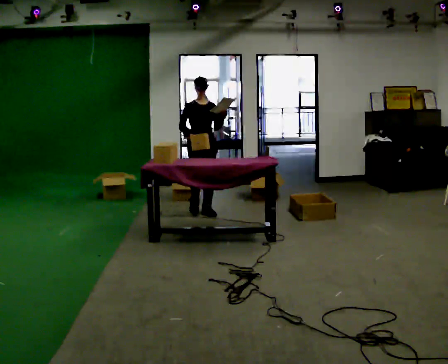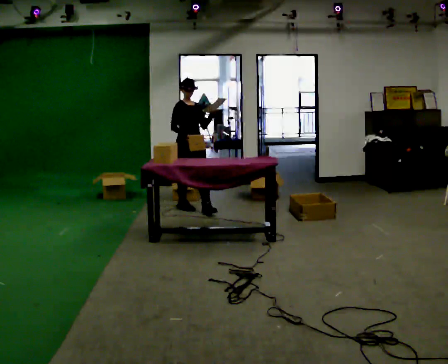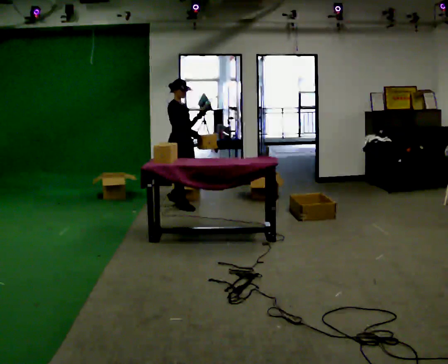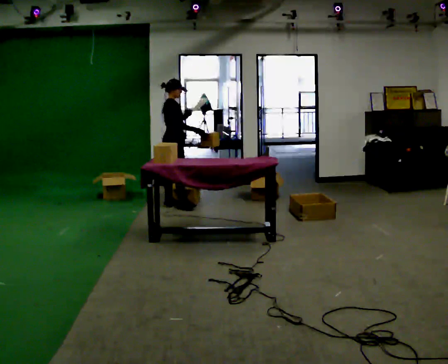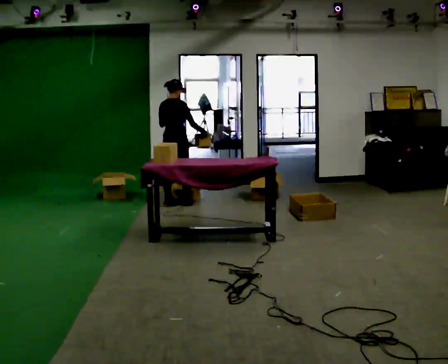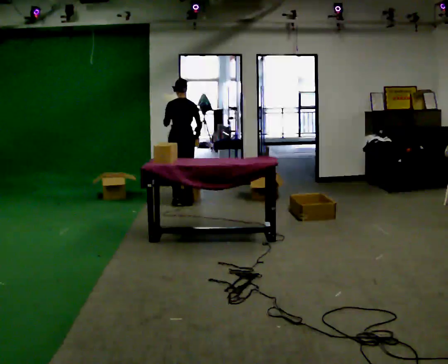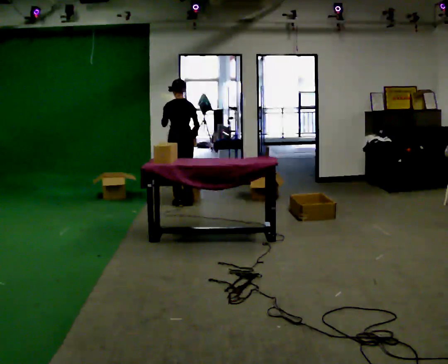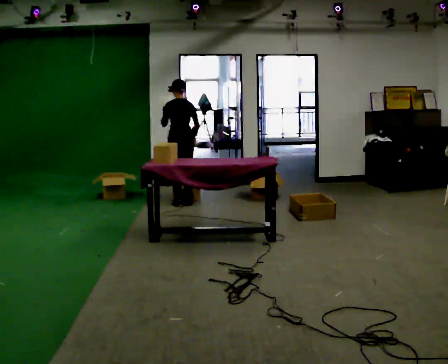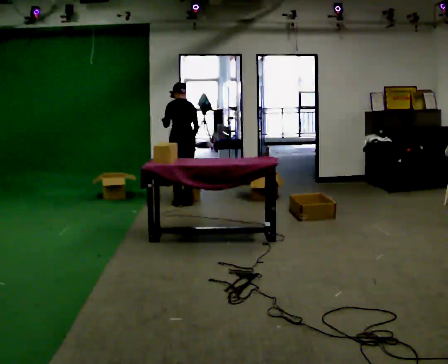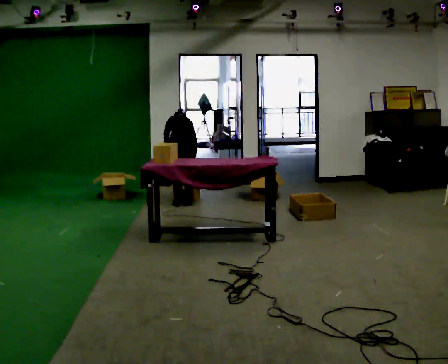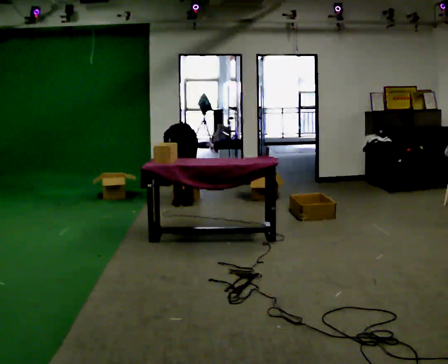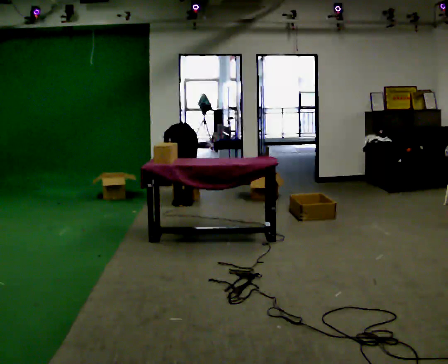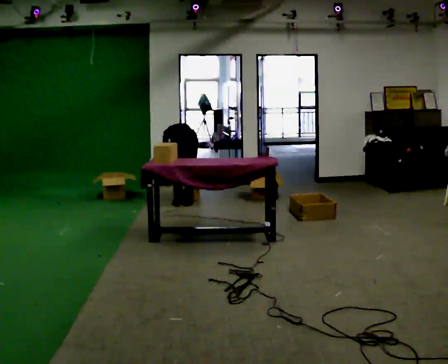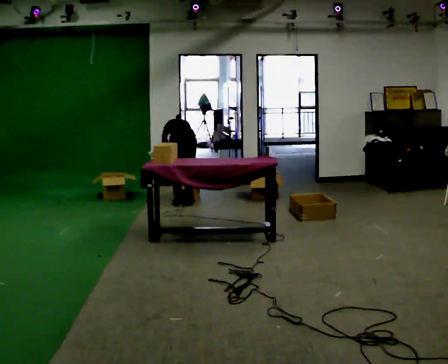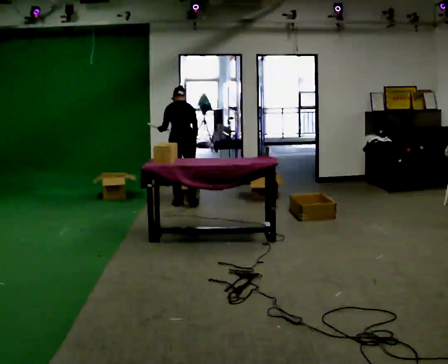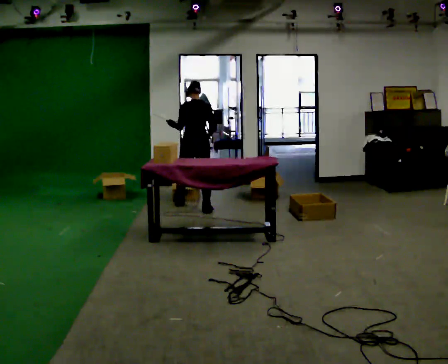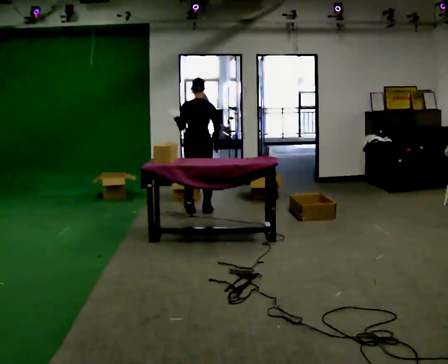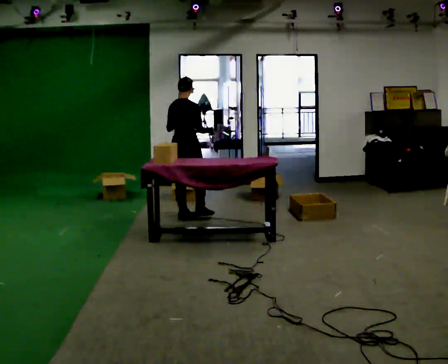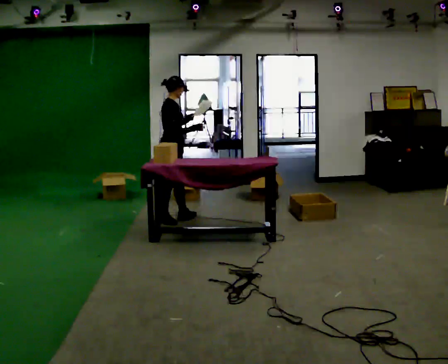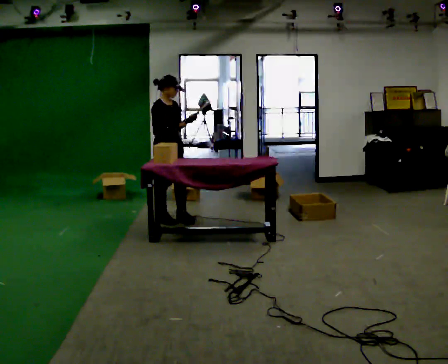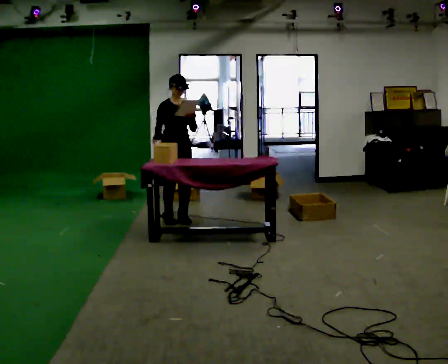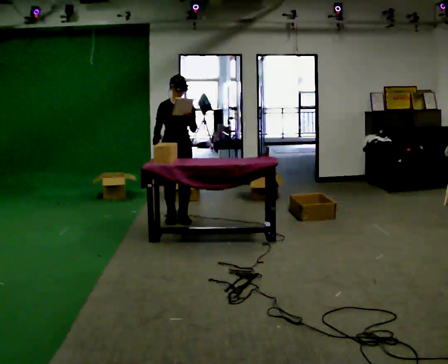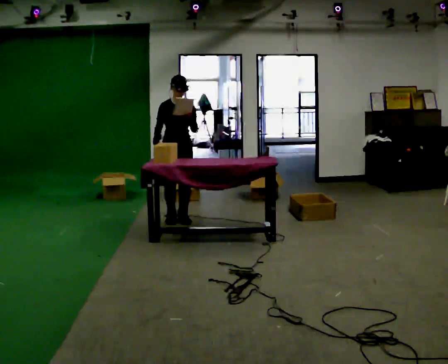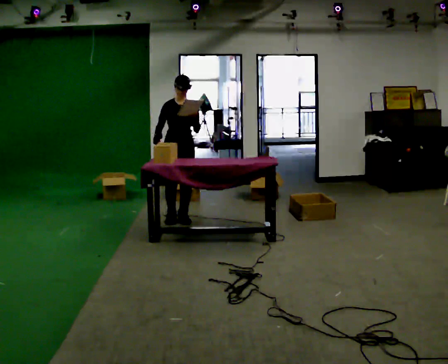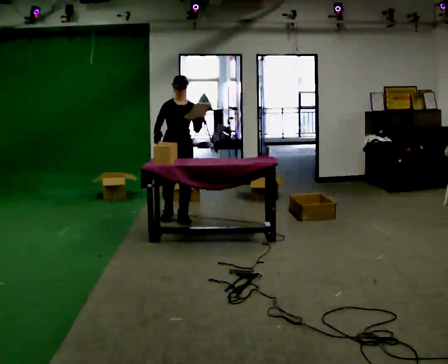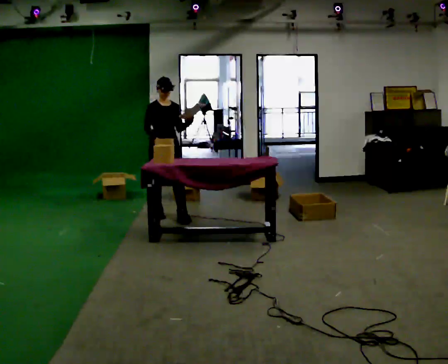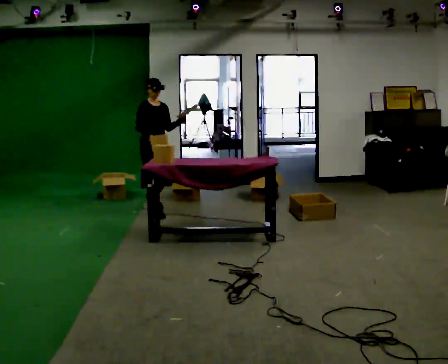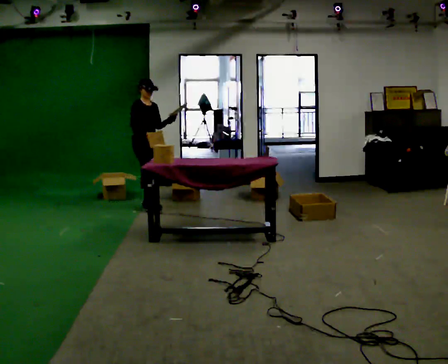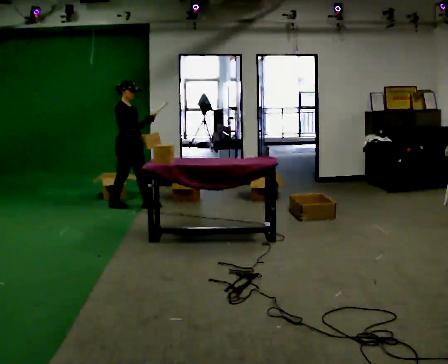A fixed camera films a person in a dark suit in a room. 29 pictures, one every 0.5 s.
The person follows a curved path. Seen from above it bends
clockwise.
0.0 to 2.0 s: Seen from above the body turns counterclockwise, about 135 degrees: to their left, with its near side sliding to the right. In the picture they go away from the camera and to the left, about 0.5 m in 2 steps.
2.0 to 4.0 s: The person turns about 45 degrees to their left, counterclockwise seen from above, so the part of the body nearest the lens slides to the right.
4.0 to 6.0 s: The shoulders move downward. The upper body tips away from the camera, its near side rolling upward, as they bend forward. In the picture their left hand goes downward.
6.0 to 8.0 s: In the picture they go toward the camera and to the right, about 0.5 m in 2 steps, which for them is backward and to their right. The shoulders move upward. The upper body tips toward the camera, its near side rolling downward, as they lean back or straighten. In the picture their left hand goes upward.
8.0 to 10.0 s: The person turns about 165 degrees to their right, clockwise seen from above, so the part of the body nearest the lens slides to the left. In the picture they go toward the camera and to the left, about 0.5 m in 1 step.
10.0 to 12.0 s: The person moves a little, or ends about where they began.
12.0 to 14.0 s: Seen from above the body turns counterclockwise, about 60 degrees: to their left, with its near side sliding to the right. In the picture they go to the left and away from the camera, about 1 m in 2 steps.
The film runs backward here.
